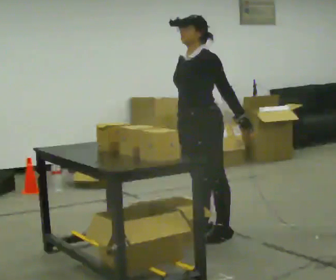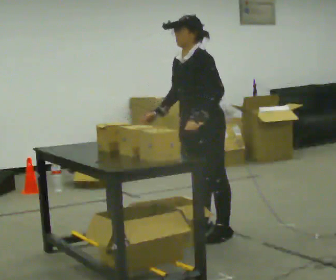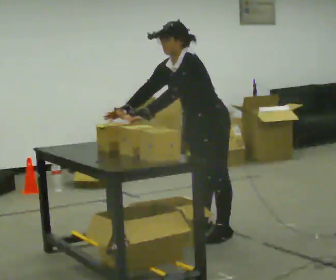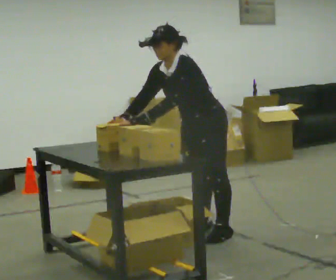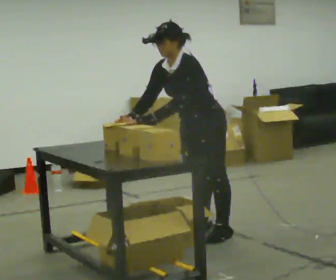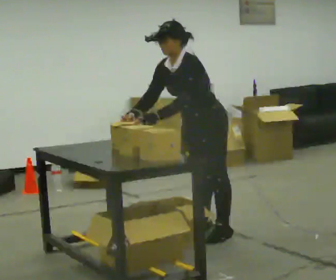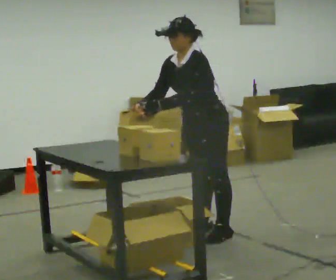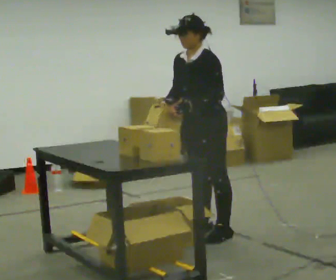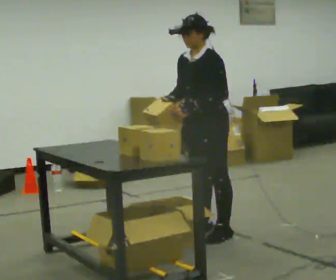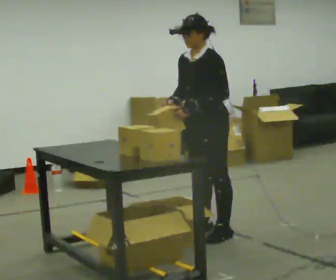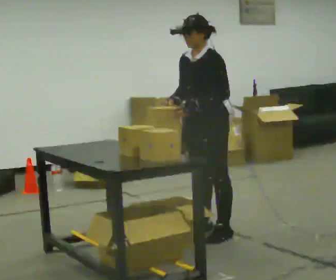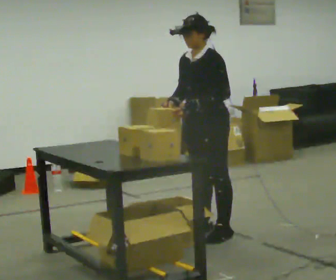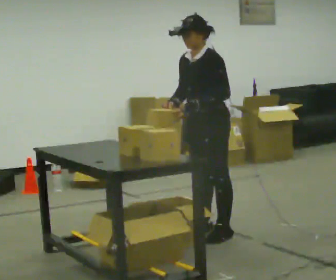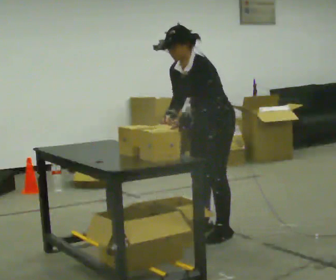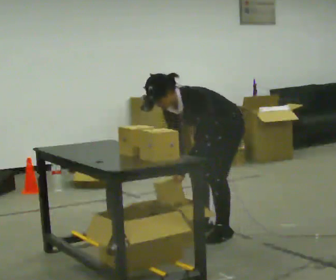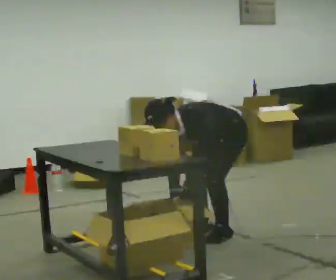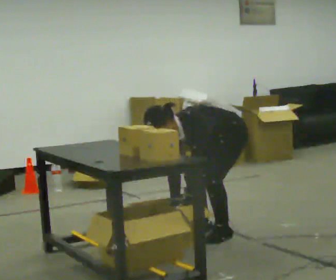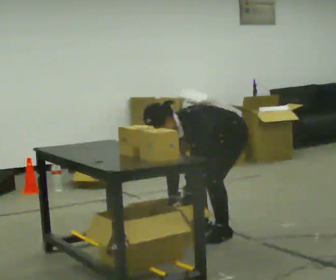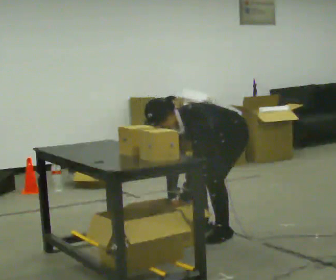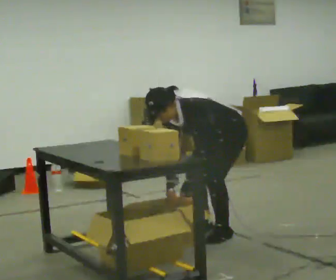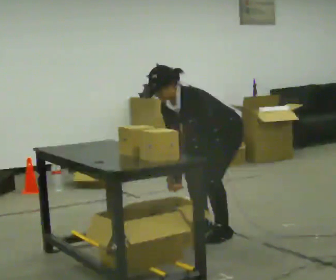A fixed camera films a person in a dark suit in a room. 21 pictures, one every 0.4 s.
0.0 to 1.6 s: In the picture the upper body tilts counterclockwise, shoulders to the left, as they bend forward. In the picture their right hand goes to the left.
1.6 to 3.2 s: In the picture the upper body tilts clockwise, shoulders to the right, as they lean back or straighten.
3.2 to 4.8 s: The person moves a little, or ends about where they began.
4.8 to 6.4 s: The shoulders move downward. In the picture the upper body tilts counterclockwise, shoulders to the left, as they bend forward. In the picture their right hand goes downward.
6.4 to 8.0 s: The upper body goes upward. The upper body tips away from the camera, its near side rolling upward, as they lean back or straighten.
The film runs backward here.
